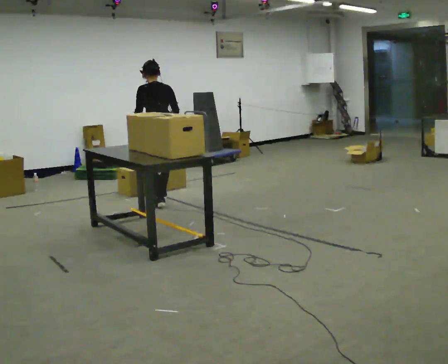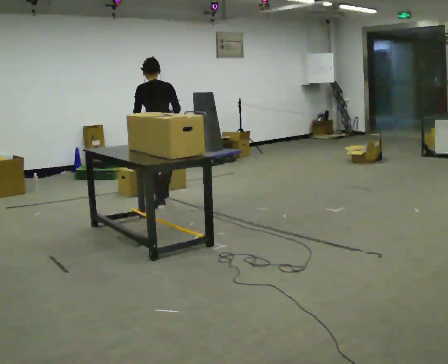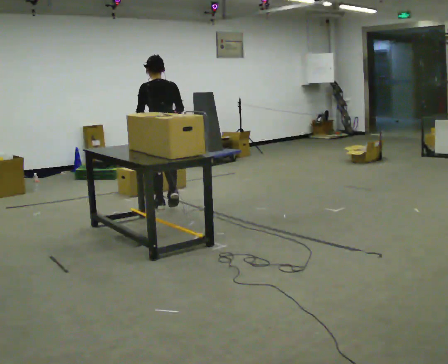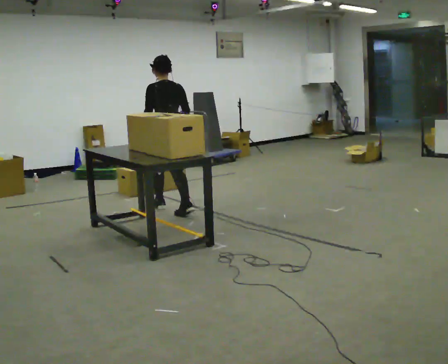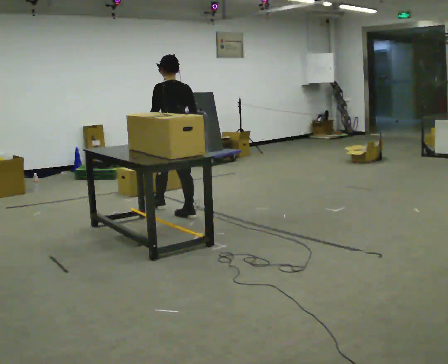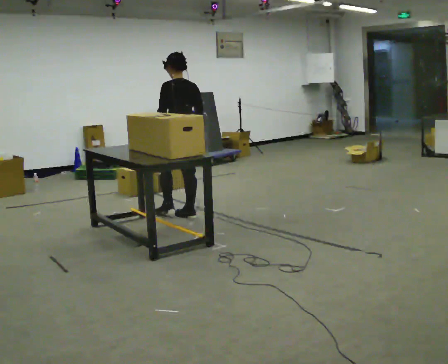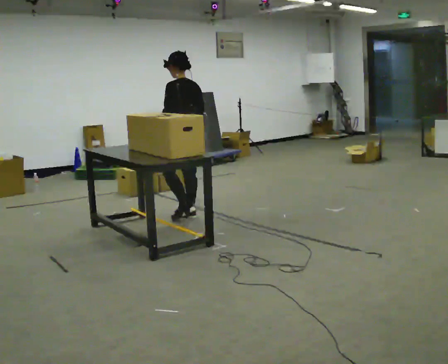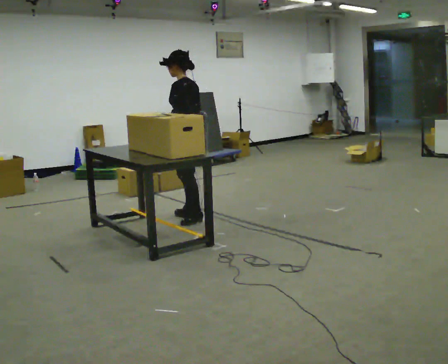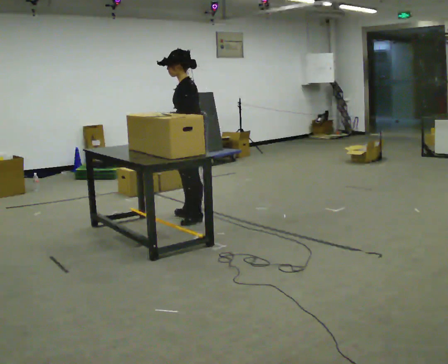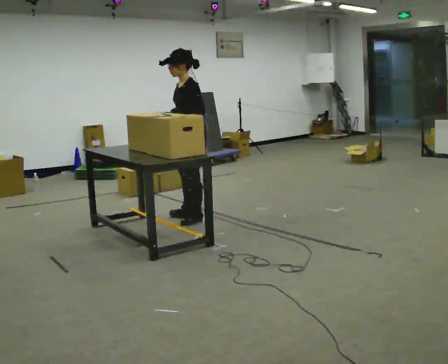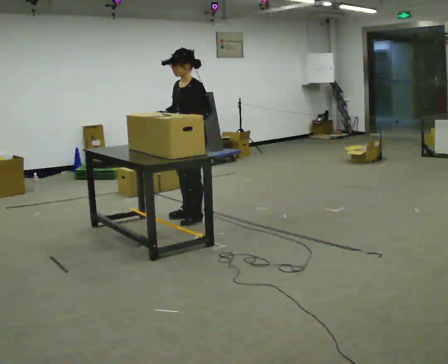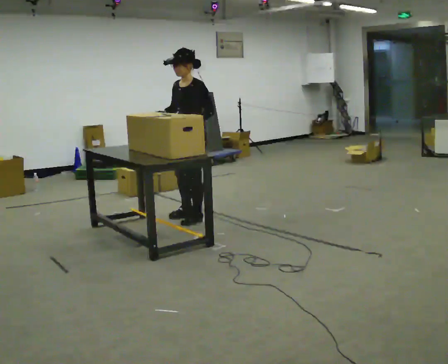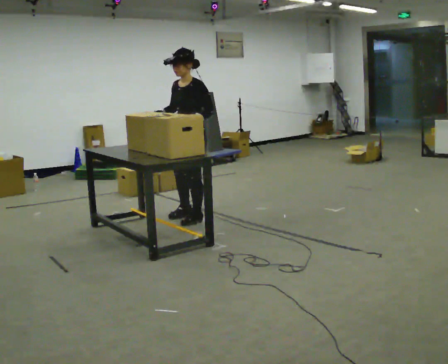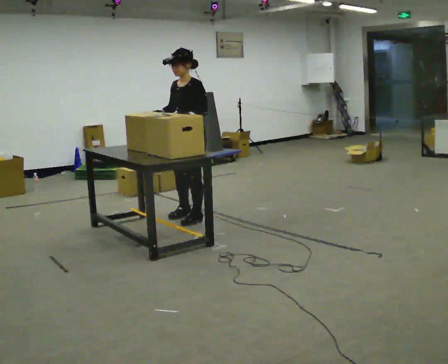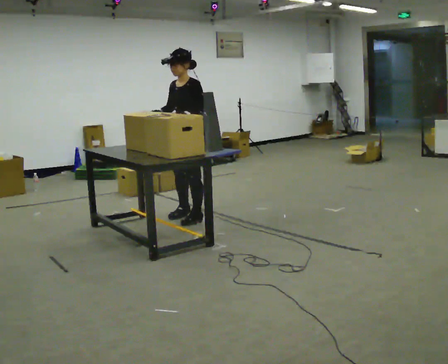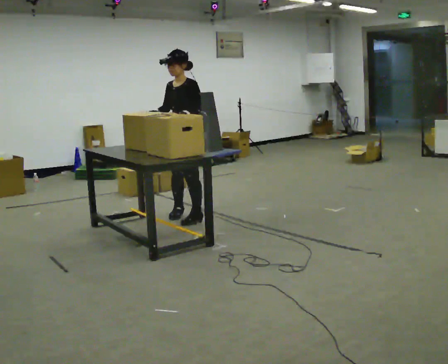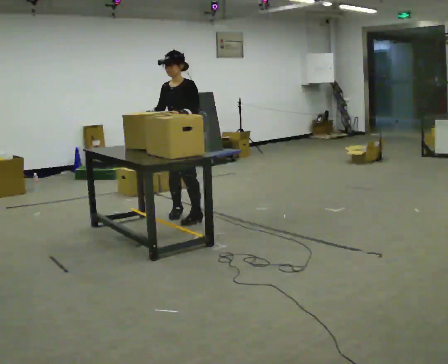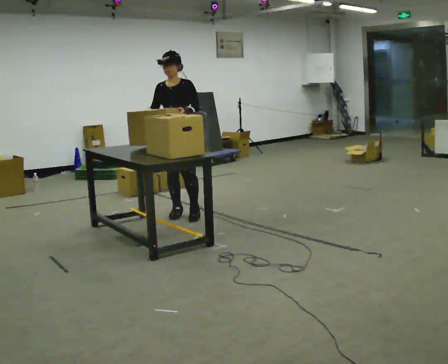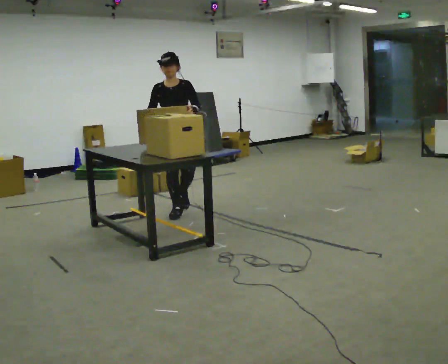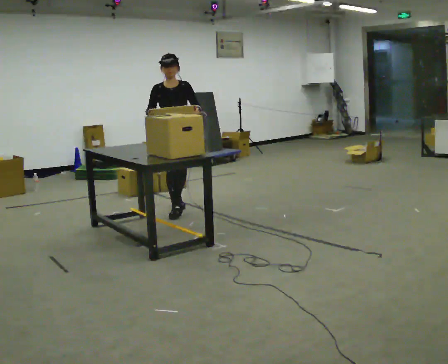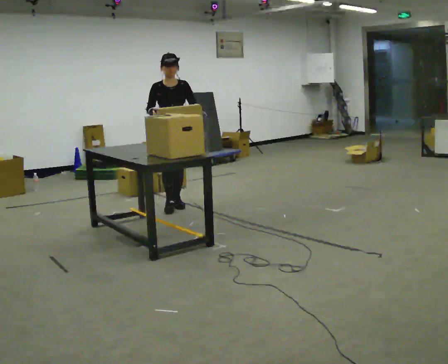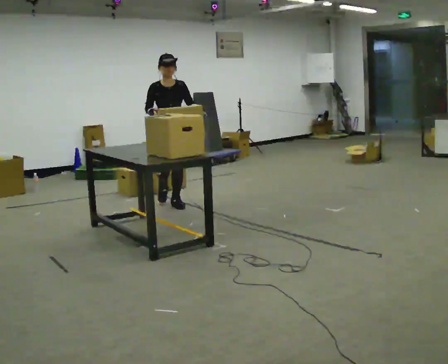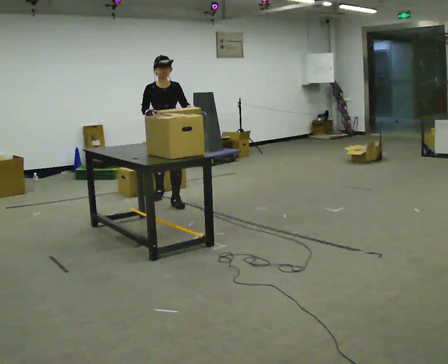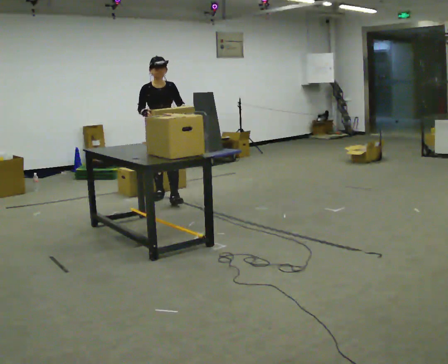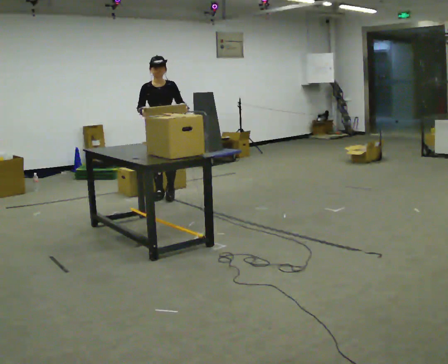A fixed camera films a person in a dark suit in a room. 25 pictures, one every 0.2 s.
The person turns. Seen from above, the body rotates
counterclockwise.
The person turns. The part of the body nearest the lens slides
to the right.
0.0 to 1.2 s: In the picture they go toward the camera and to the right, about 0.75 m in 2 steps, which for them is backward.
1.2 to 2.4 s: The part of the body nearest the lens slides to the right as the person turns to their left by about 90 degrees. In the picture they go toward the camera, about 0.25 m. In the picture their right hand goes to the left.
2.4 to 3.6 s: Seen from above the body turns counterclockwise, about 45 degrees: to their left, with its near side sliding to the right. In the picture they go away from the camera, about 0.25 m in 1 step, which for them is to their right.
3.6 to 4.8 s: In the picture they go away from the camera, about 0.5 m in 2 steps, which for them is backward.
The film runs backward here.
